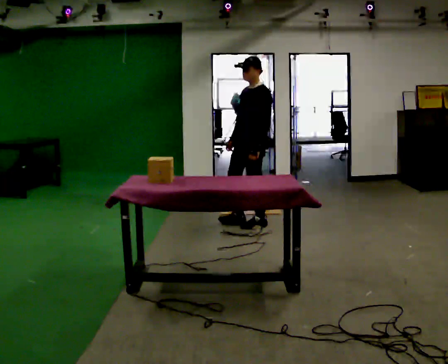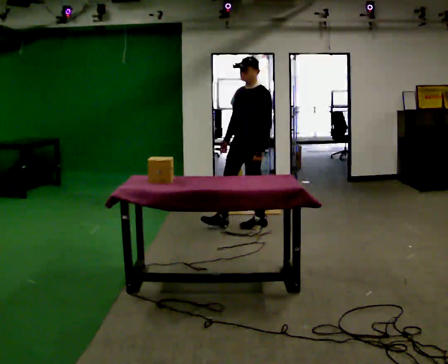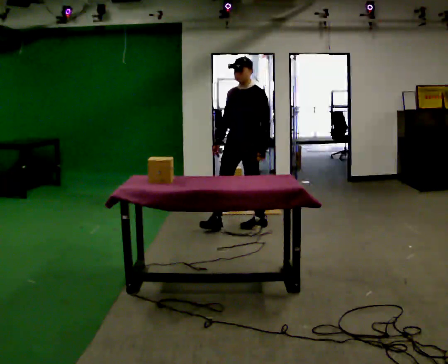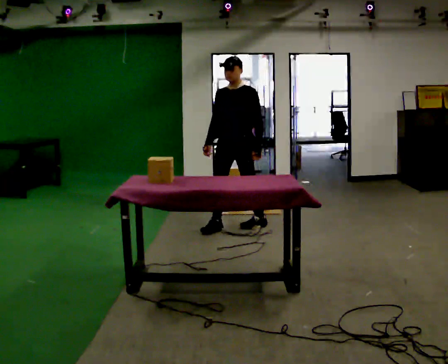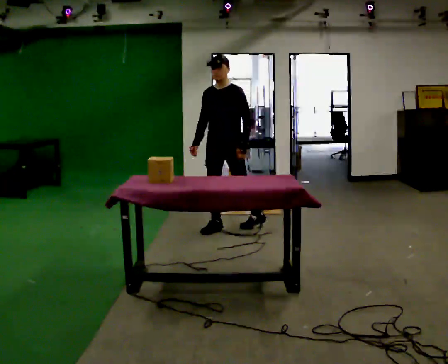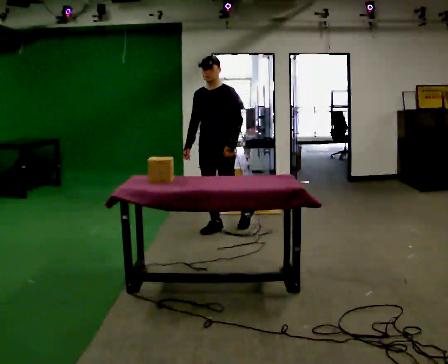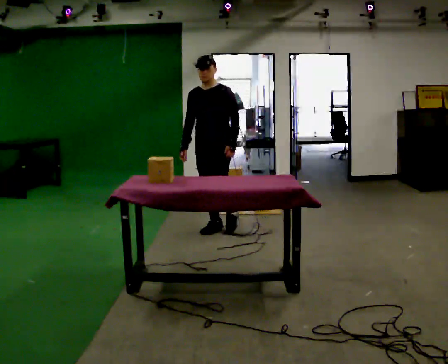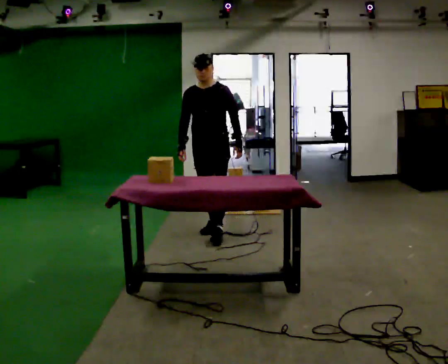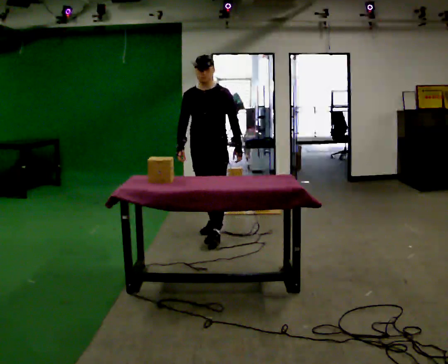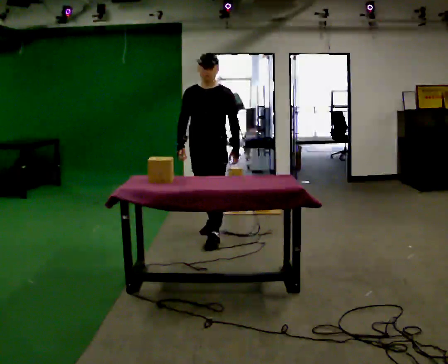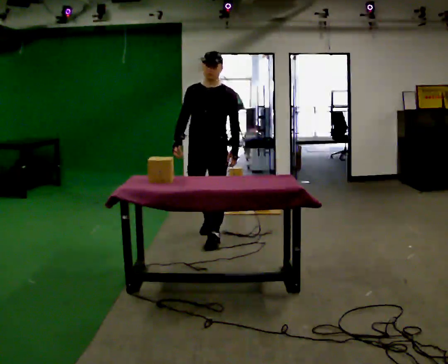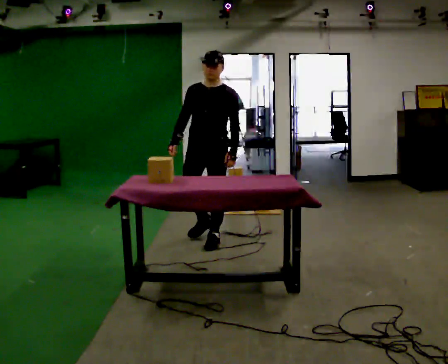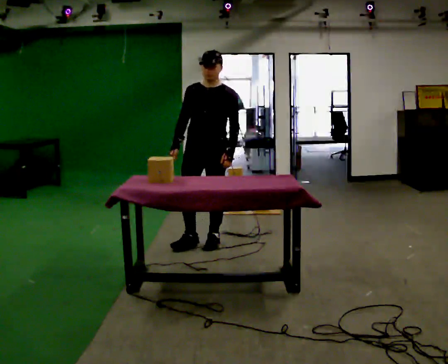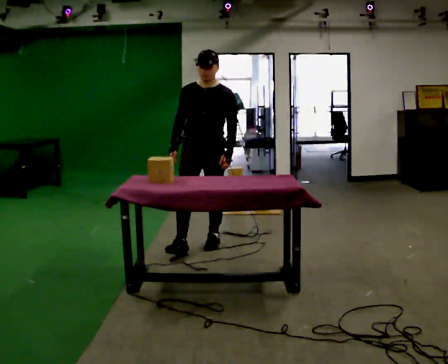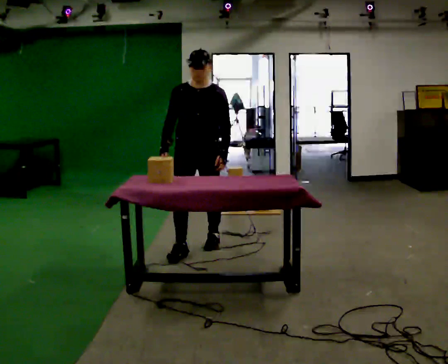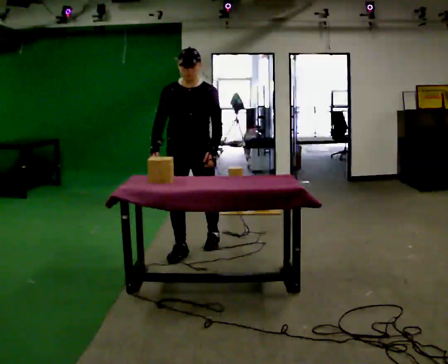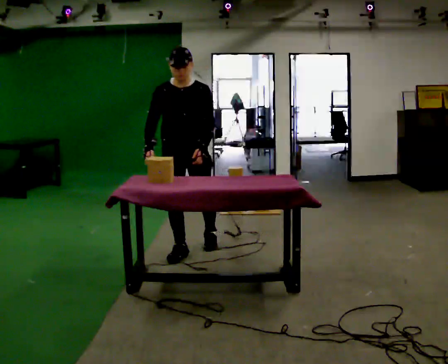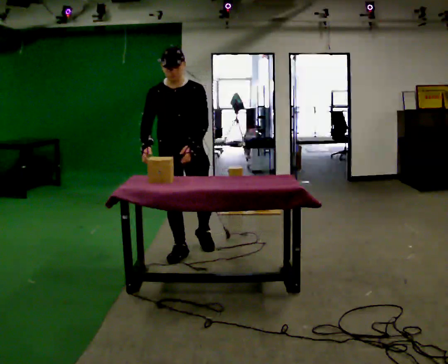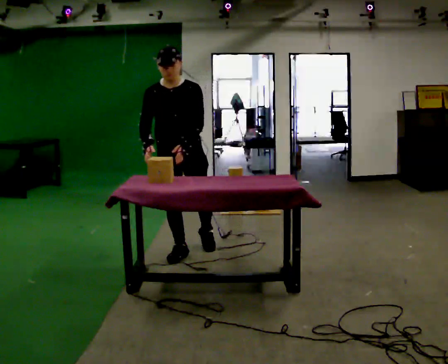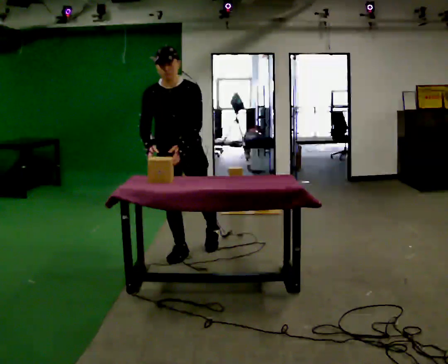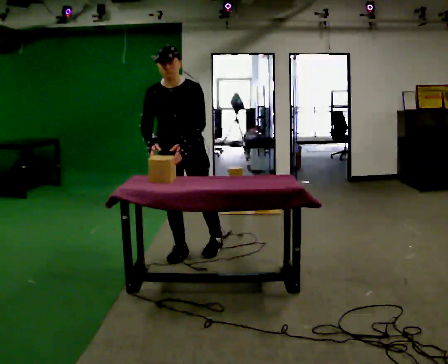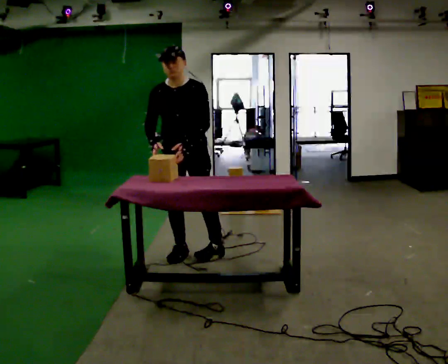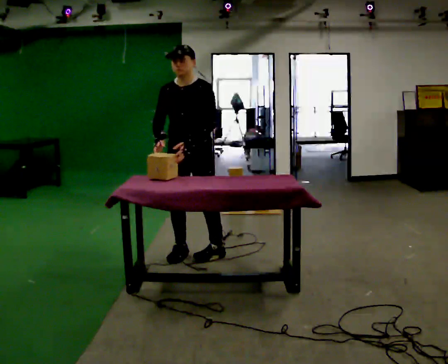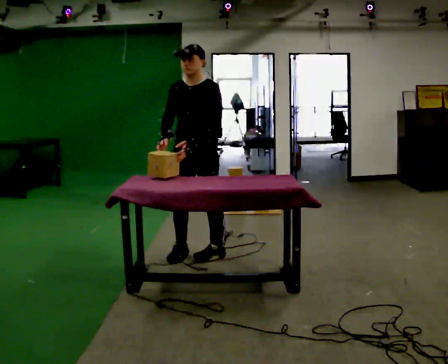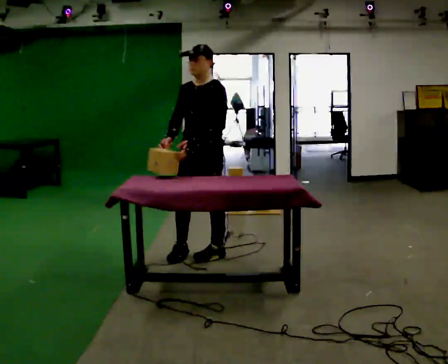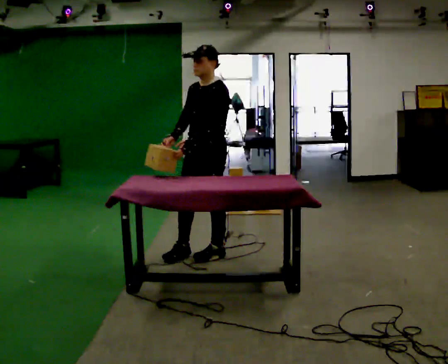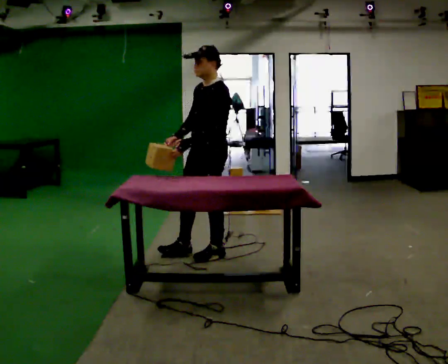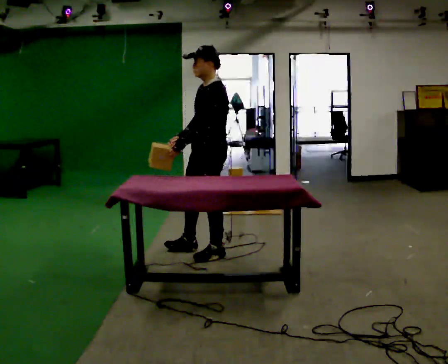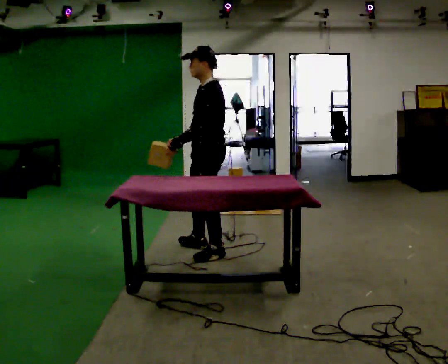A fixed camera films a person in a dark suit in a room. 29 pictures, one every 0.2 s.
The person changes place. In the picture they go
toward the camera.
The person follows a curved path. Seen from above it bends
counterclockwise.
0.0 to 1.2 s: The part of the body nearest the lens slides to the right as the person turns to their left by about 45 degrees. In the picture they go to the left and toward the camera, about 0.5 m in 1 step, which for them is forward and to their right.
1.2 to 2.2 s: In the picture they go toward the camera, about 0.5 m in 1 step, which for them is forward.
2.2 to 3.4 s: Seen from above the body turns counterclockwise, about 30 degrees: to their left, with its near side sliding to the right. In the picture they go toward the camera and to the left, about 0.5 m in 2 steps, which for them is forward and to their right.
3.4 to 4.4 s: The person turns about 30 degrees to their right, clockwise seen from above, so the part of the body nearest the lens slides to the left.
4.4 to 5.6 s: Seen from above the body turns clockwise, about 60 degrees: to their right, with its near side sliding to the left. In the picture they go to the right, about 0.25 m in 1 step.
The film runs forward here.
